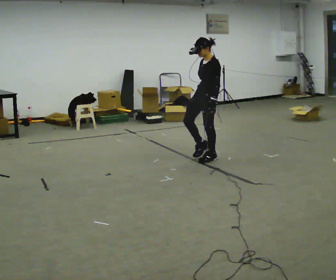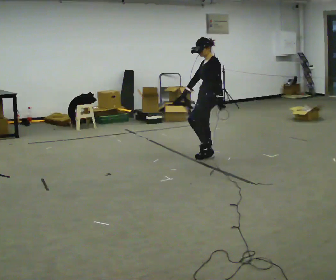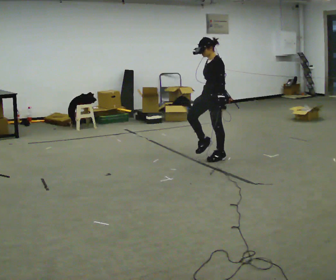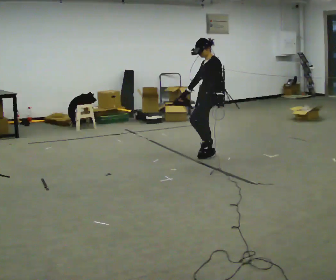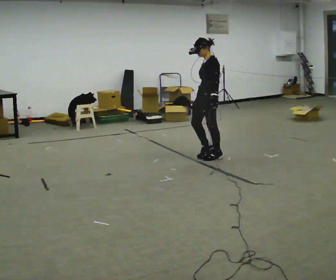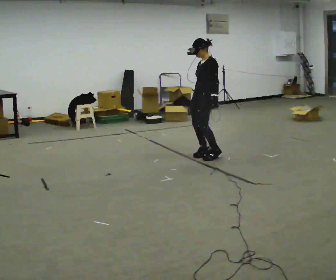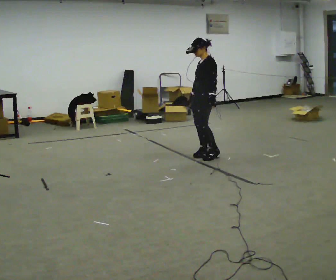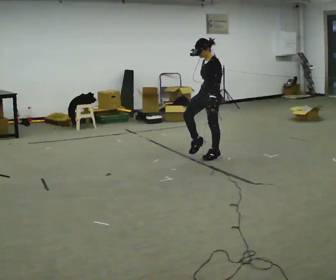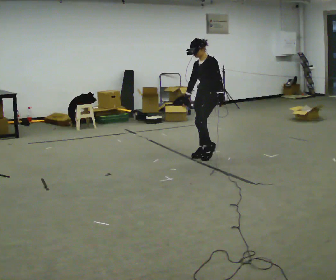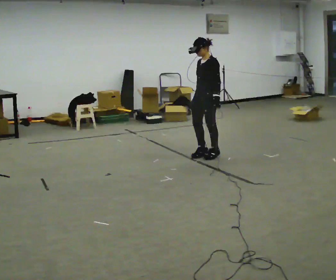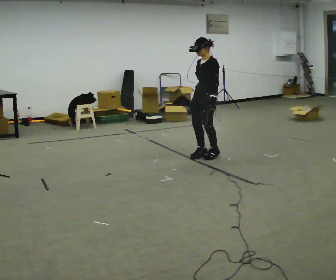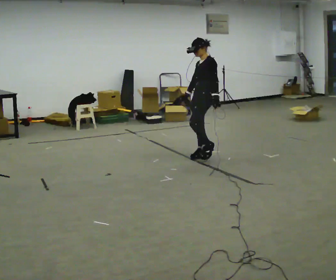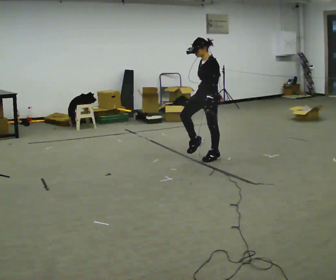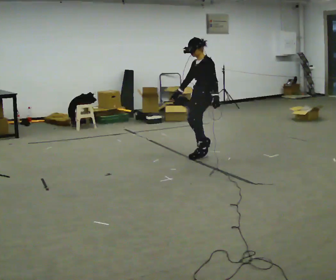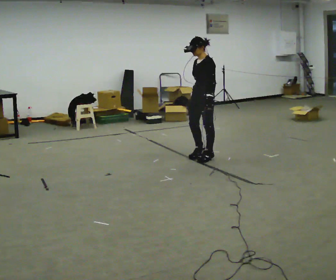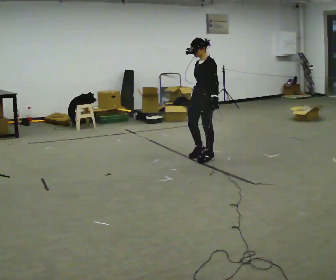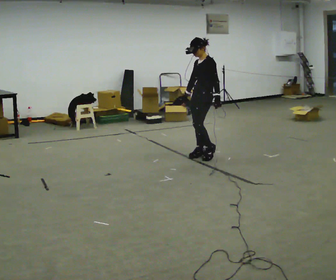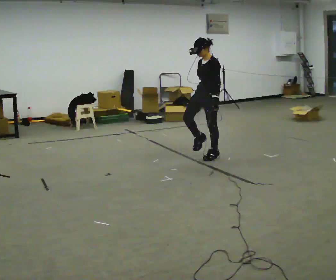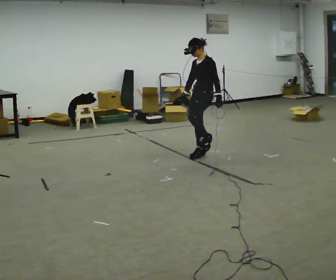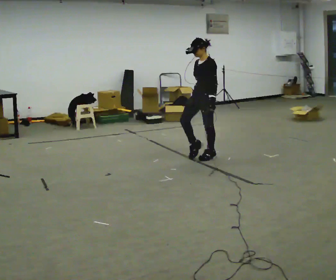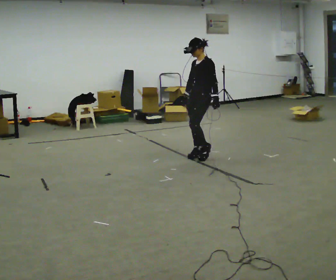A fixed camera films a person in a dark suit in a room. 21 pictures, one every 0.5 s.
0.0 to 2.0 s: The person moves a little, or ends about where they began.
2.0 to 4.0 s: In the picture their right hand goes to the left.
4.0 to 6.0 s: In the picture their right hand goes to the right.
6.0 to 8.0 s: In the picture their right hand goes to the left.
8.0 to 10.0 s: The person moves a little, or ends about where they began.
The film runs forward here.
